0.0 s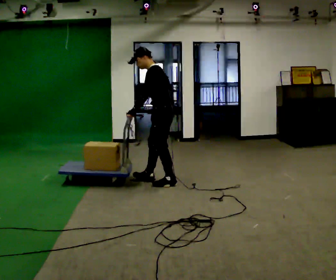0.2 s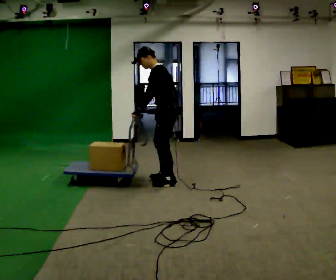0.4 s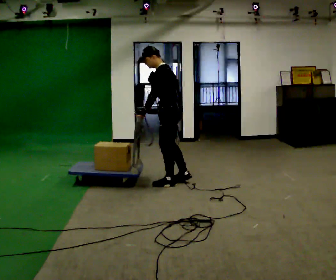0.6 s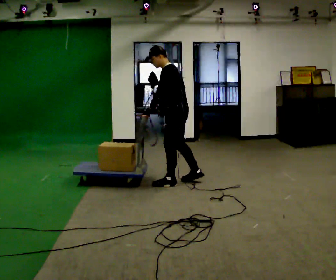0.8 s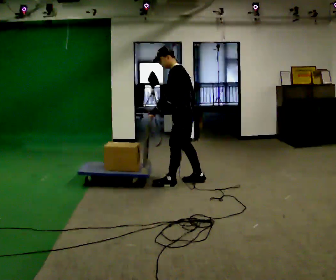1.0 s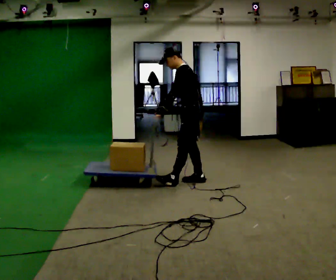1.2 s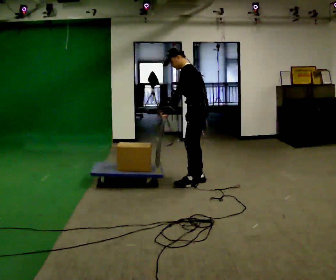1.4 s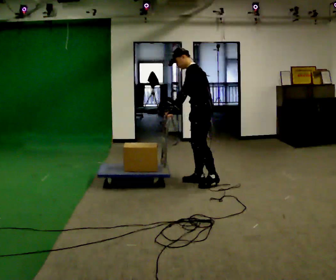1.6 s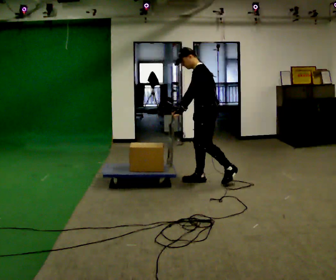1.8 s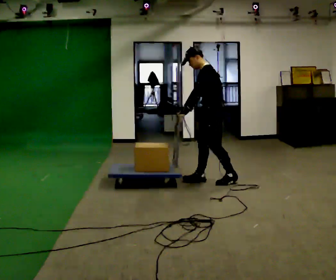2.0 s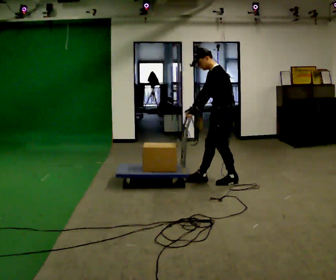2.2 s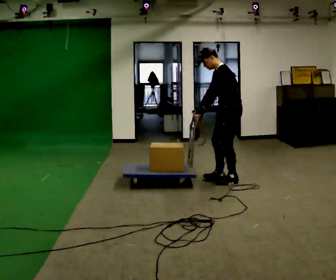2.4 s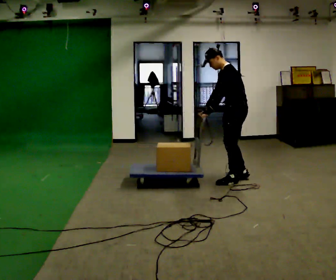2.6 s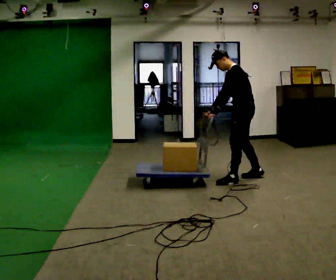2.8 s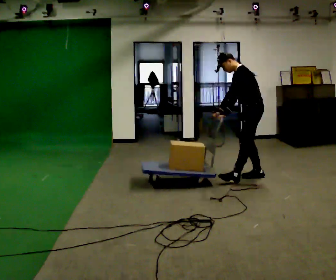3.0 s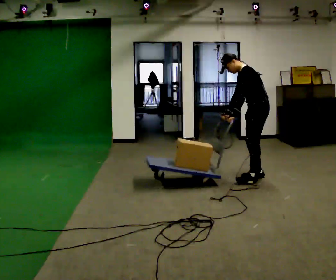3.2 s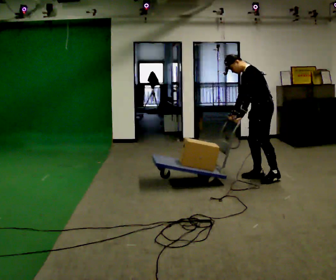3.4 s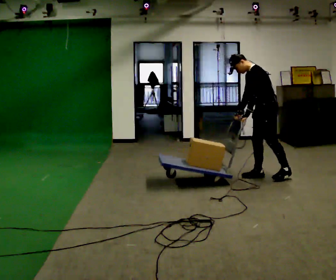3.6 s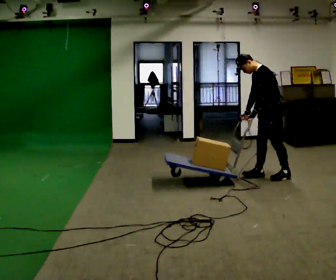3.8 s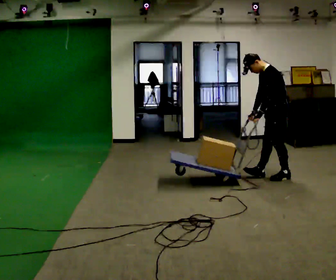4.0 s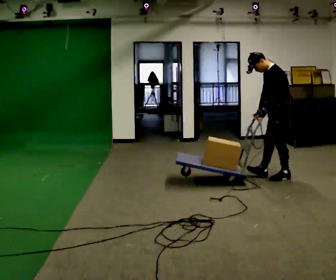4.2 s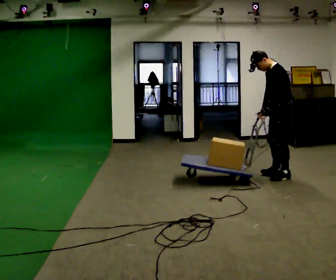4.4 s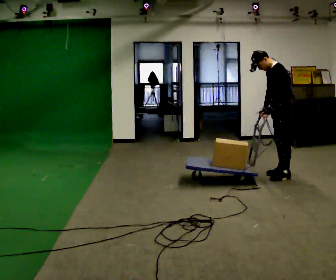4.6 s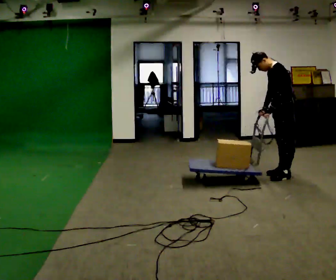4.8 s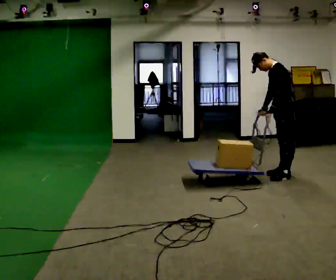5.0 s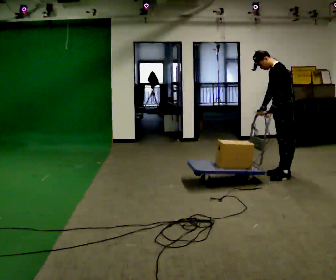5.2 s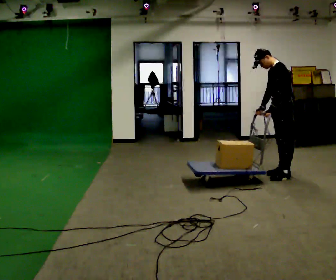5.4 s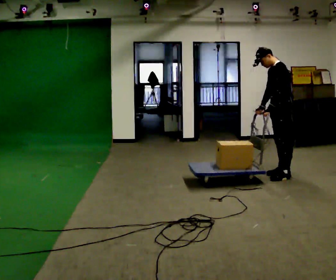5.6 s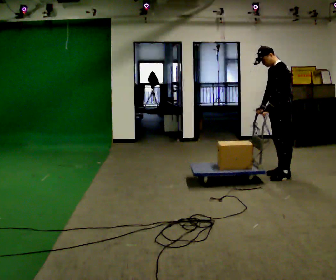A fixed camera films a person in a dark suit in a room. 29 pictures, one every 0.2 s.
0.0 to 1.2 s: In the picture they go to the right and away from the camera, about 0.5 m in 1 step, which for them is backward.
1.2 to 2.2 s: In the picture they go to the right, about 0.5 m in 1 step, which for them is backward.
2.2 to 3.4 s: In the picture they go to the right and away from the camera, about 0.5 m in 1 step, which for them is backward and to their right.
3.4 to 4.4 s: In the picture they go to the right, about 0.25 m in 2 steps, which for them is backward. In the picture their right hand goes to the right.
4.4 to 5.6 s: The person moves a little, or ends about where they began.
The film runs forward here.
